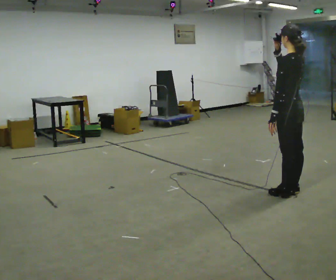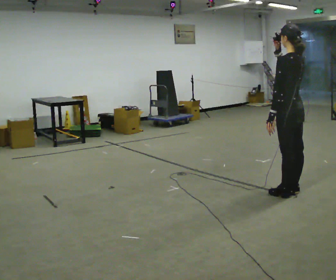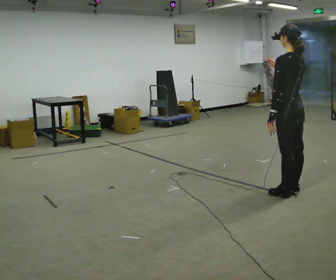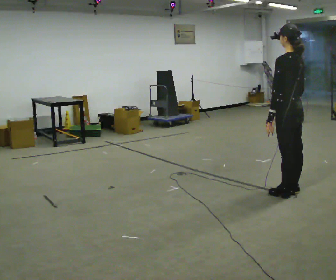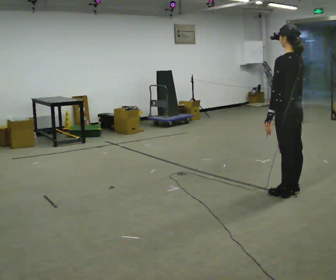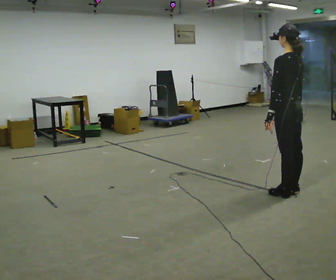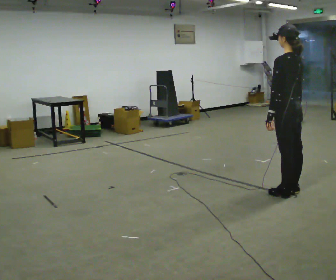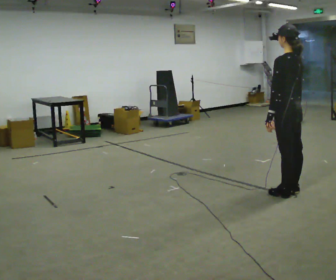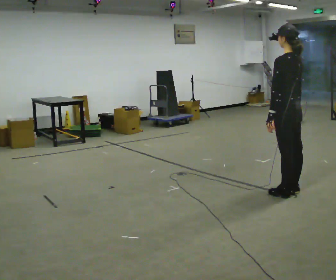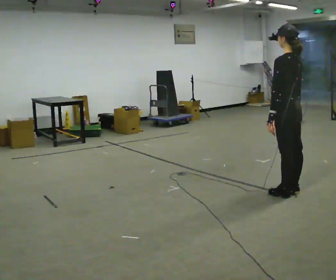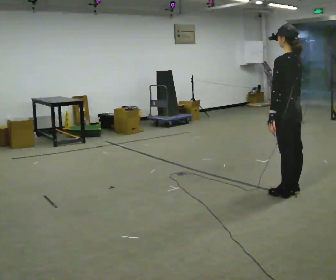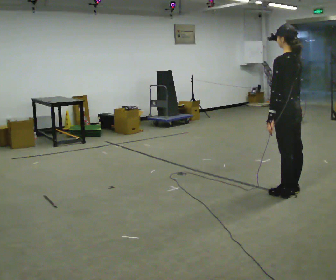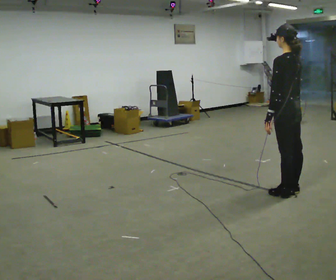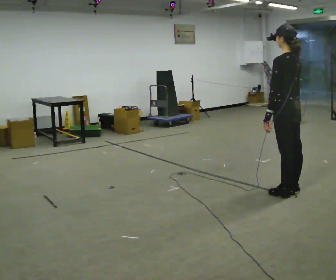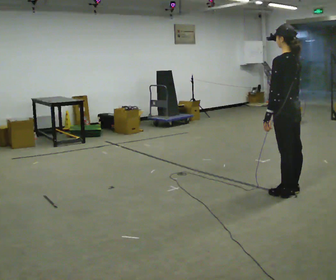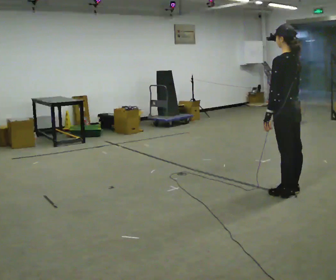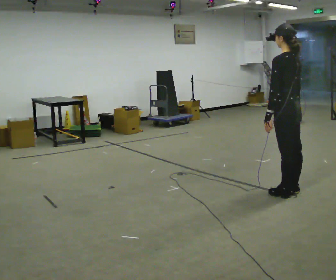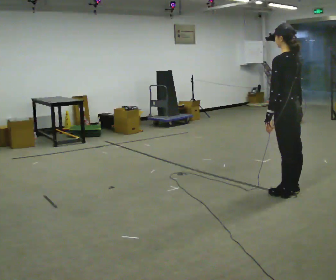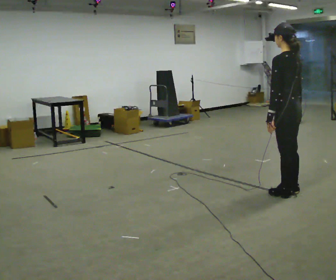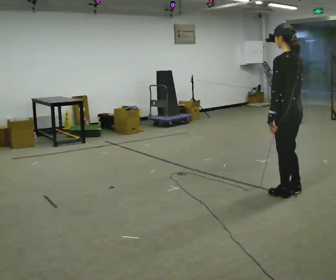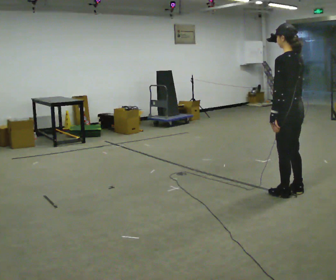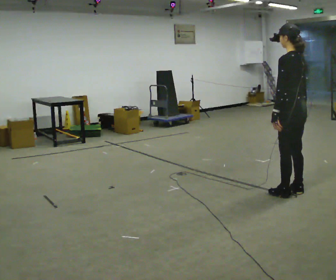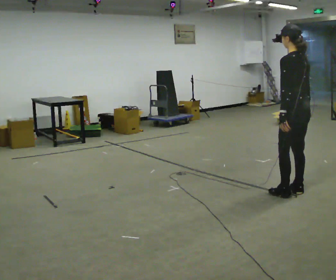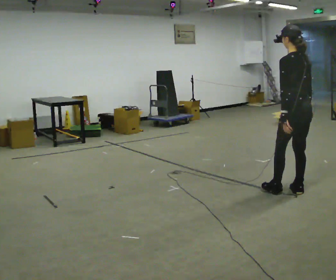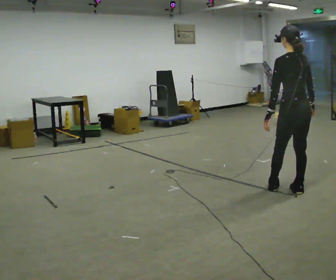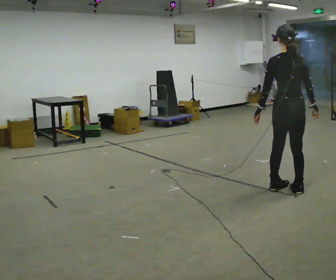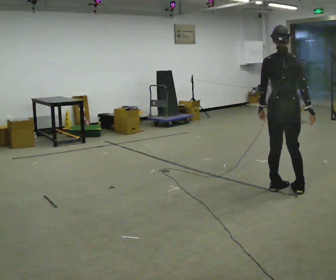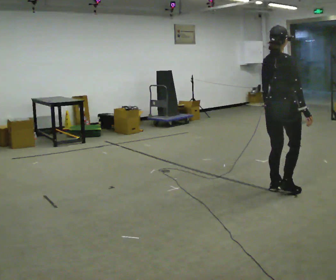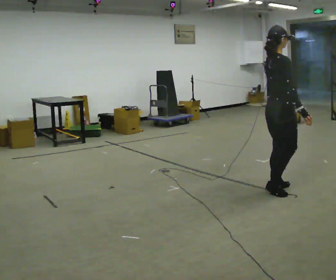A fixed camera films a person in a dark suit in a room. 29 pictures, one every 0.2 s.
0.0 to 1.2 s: In the picture their right hand goes downward.
1.2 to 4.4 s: The person moves a little, or ends about where they began.
4.4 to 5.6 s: Seen from above the body turns clockwise, about 120 degrees: to their right, with its near side sliding to the left. In the picture they go to the left, about 0.25 m in 2 steps.
The film runs backward here.
